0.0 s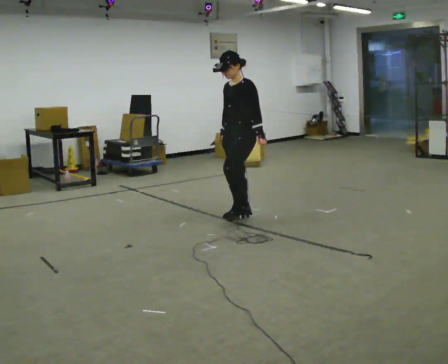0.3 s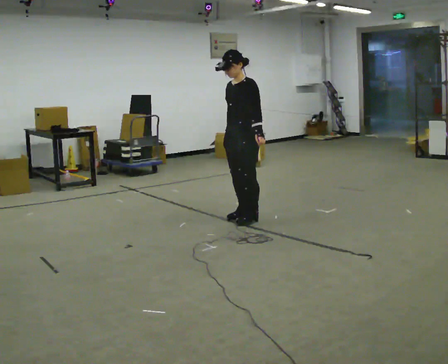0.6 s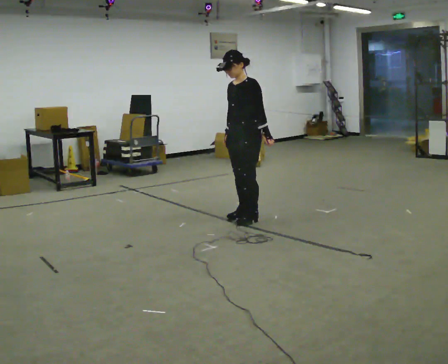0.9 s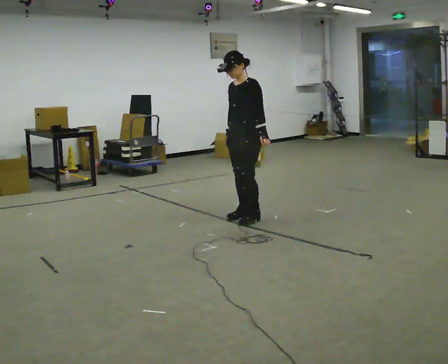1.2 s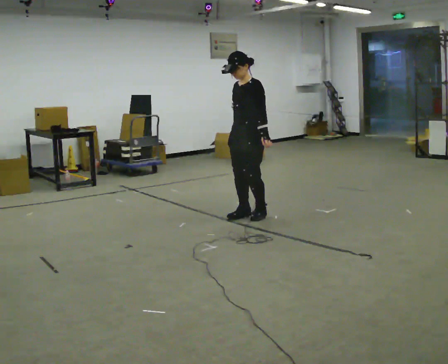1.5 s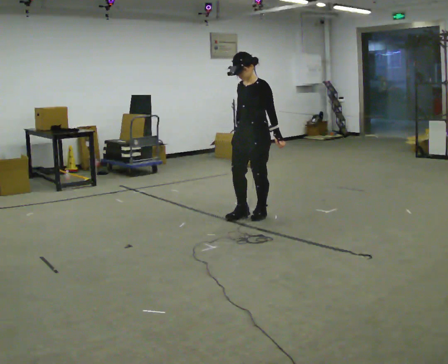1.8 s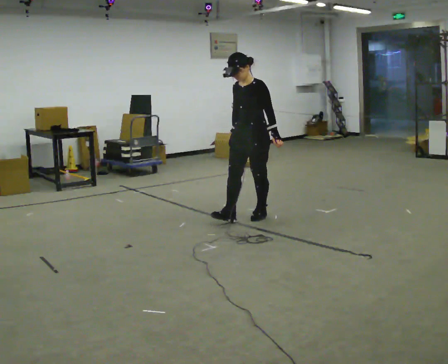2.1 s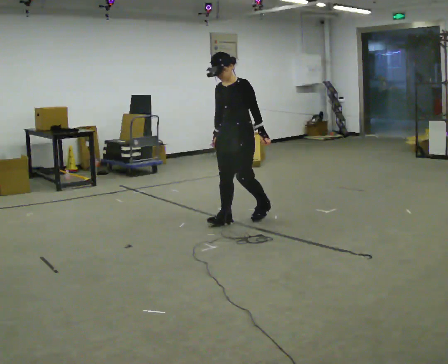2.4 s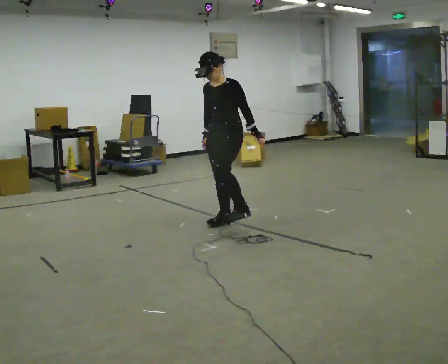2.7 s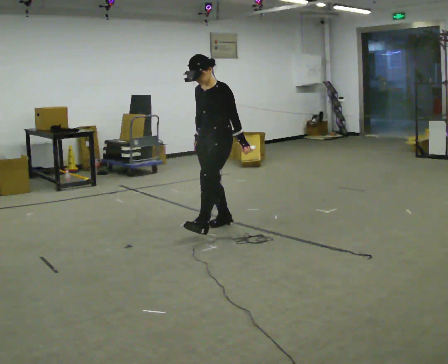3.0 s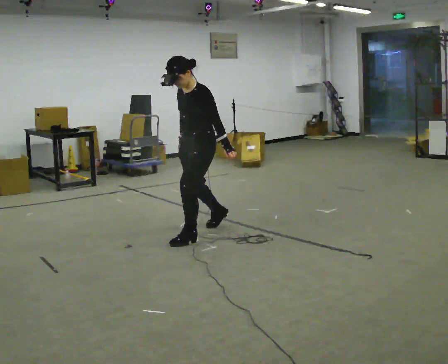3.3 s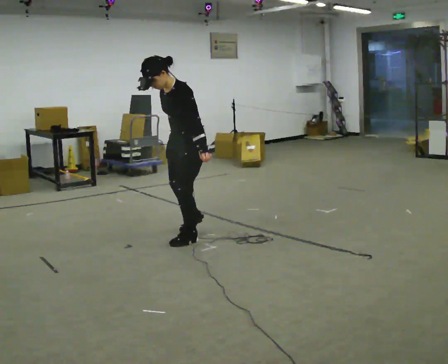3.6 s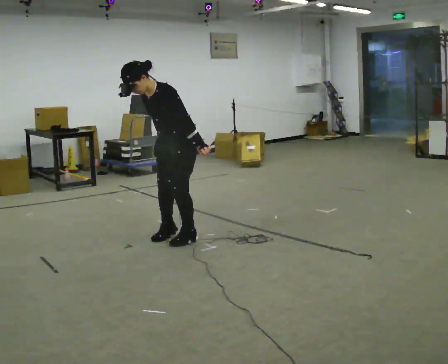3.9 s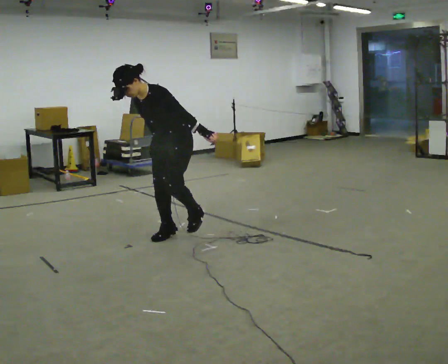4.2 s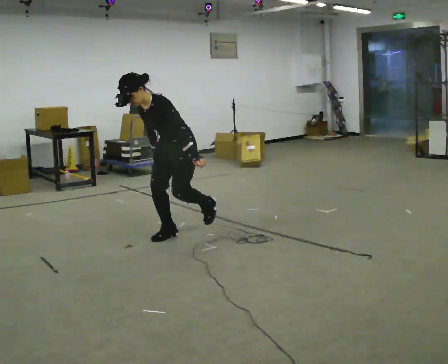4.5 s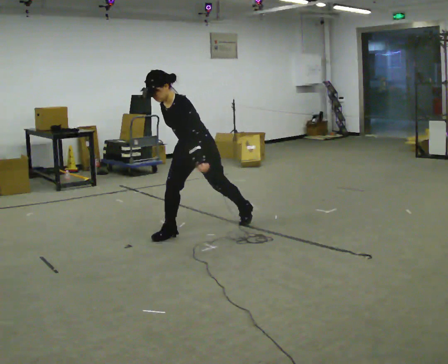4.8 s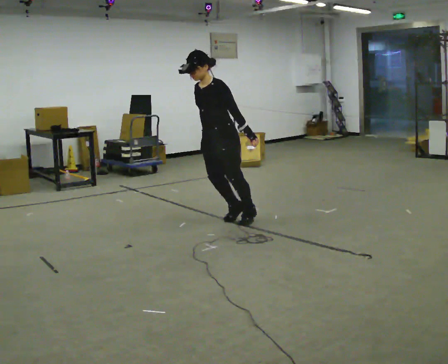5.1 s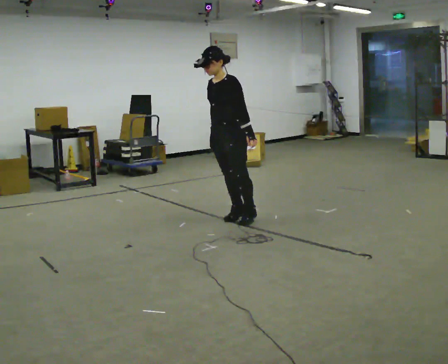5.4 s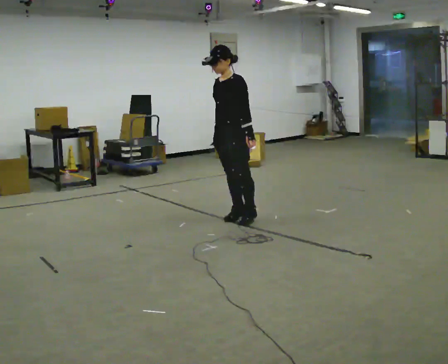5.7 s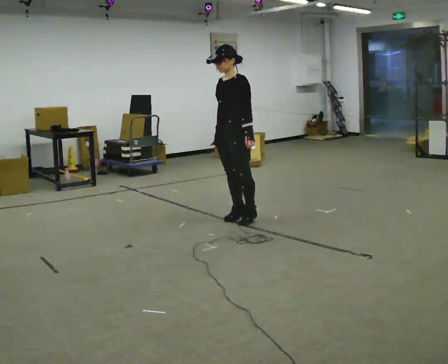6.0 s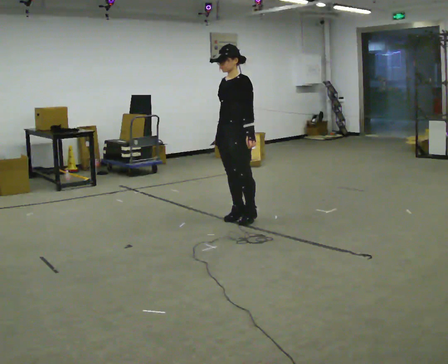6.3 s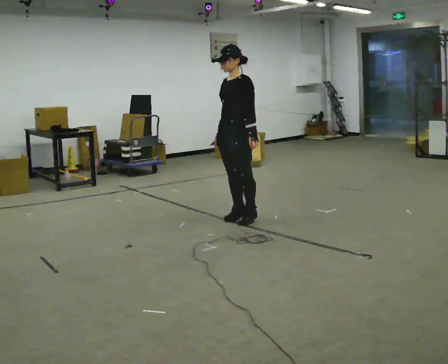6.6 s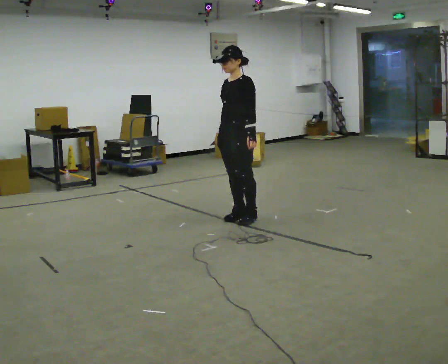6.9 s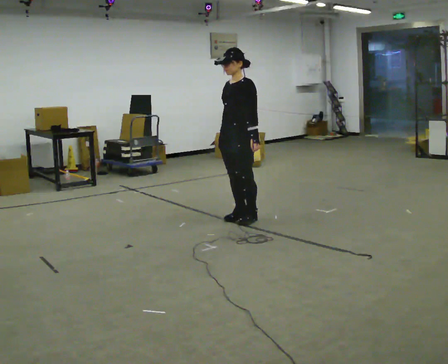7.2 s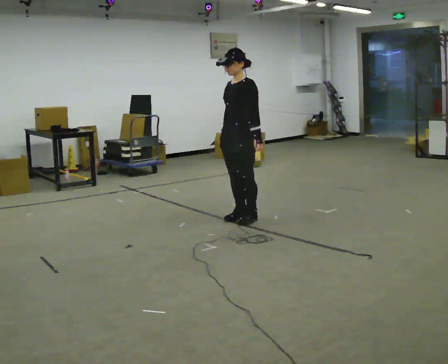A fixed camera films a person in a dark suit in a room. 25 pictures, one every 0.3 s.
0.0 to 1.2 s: The person moves a little, or ends about where they began.
1.2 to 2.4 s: In the picture they go to the left and toward the camera, about 0.25 m in 2 steps, which for them is forward.
2.4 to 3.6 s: In the picture they go toward the camera and to the left, about 0.5 m in 1 step, which for them is forward and to their left. In the picture the upper body tilts counterclockwise, shoulders to the left, as they bend forward.
3.6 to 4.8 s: In the picture they go away from the camera and to the right, about 0.5 m in 2 steps, which for them is backward.
4.8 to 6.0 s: In the picture the upper body tilts clockwise, shoulders to the right, as they lean back or straighten.
6.0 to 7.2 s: The person moves a little, or ends about where they began.
The film runs backward here.
